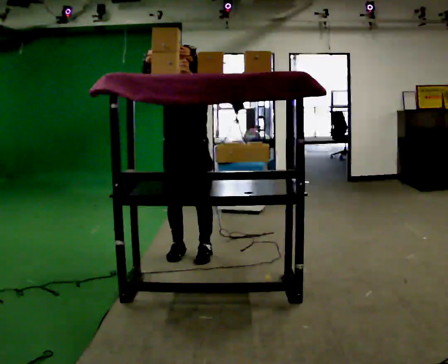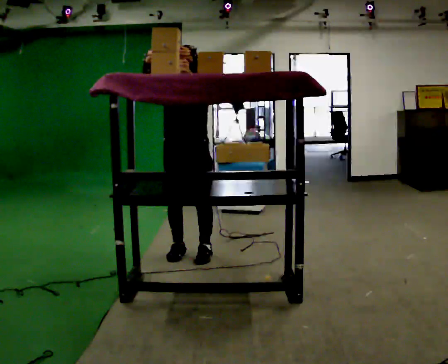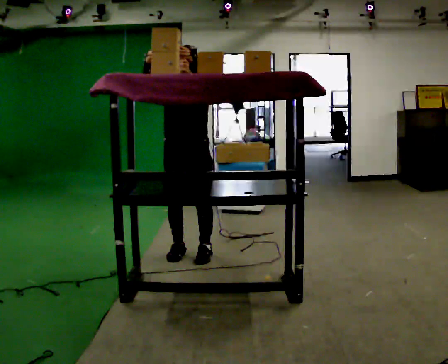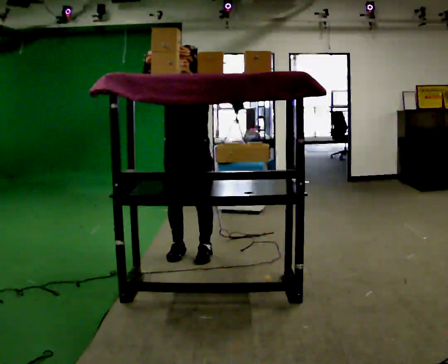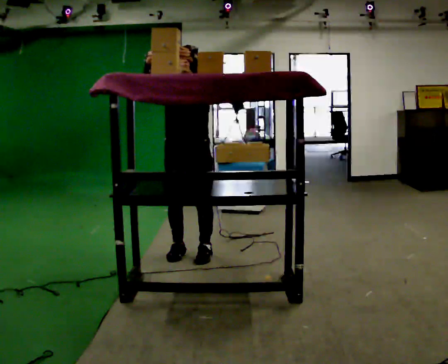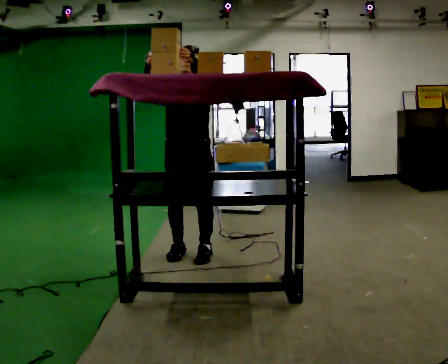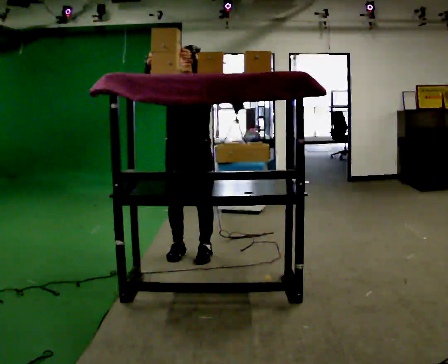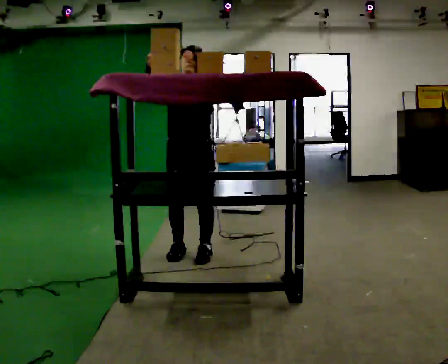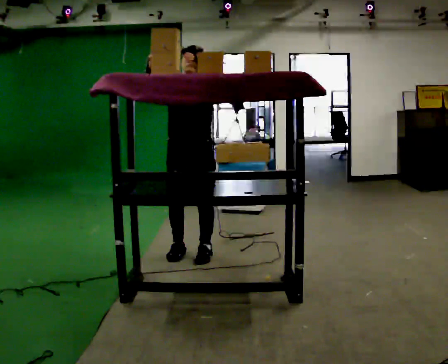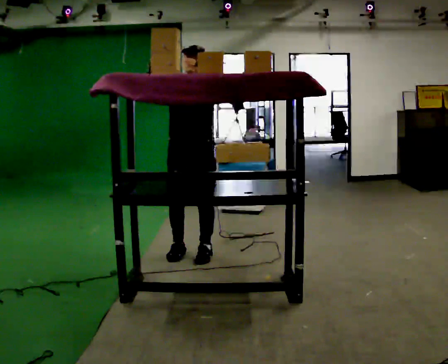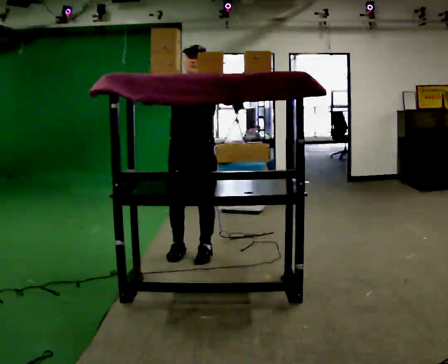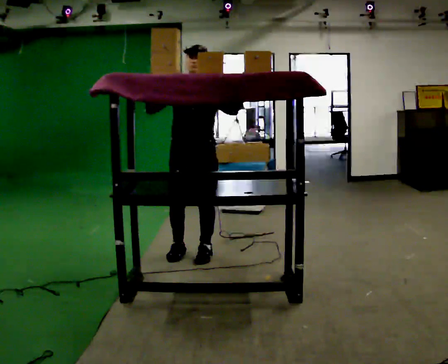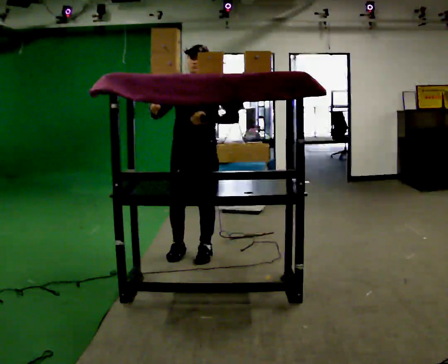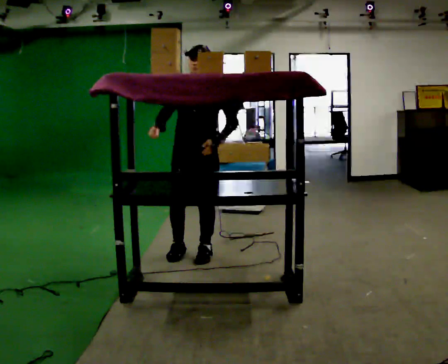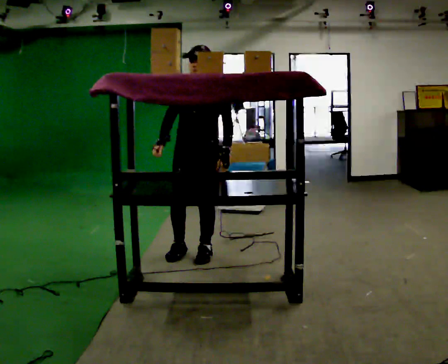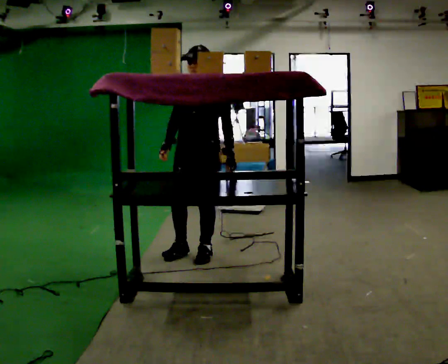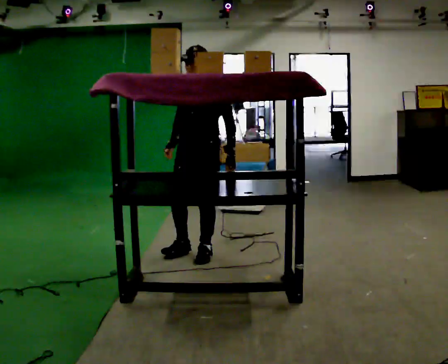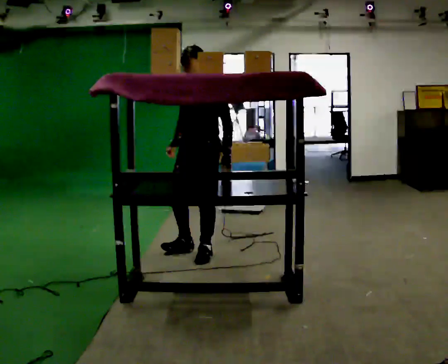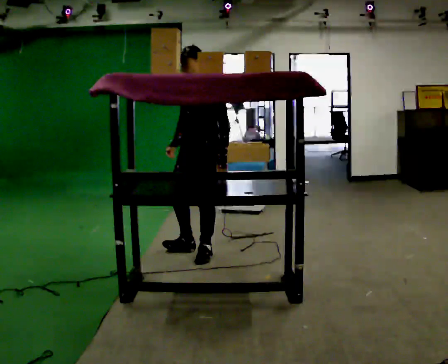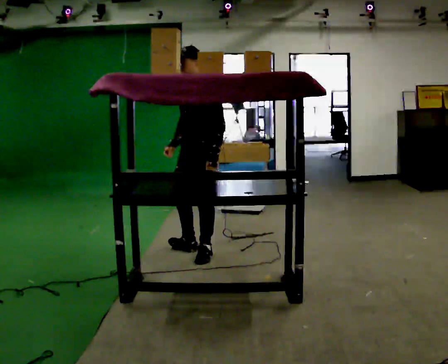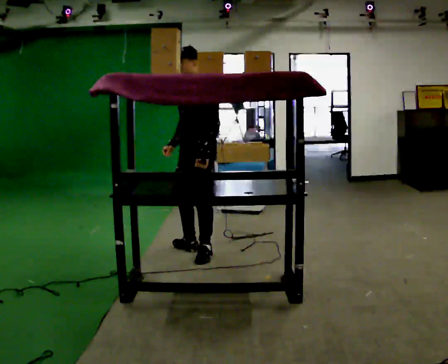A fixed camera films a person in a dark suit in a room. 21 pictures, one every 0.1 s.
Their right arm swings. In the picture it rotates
counterclockwise.
Their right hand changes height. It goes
downward.
0.0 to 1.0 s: The person moves a little, or ends about where they began.
1.0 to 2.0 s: Seen from above the body turns clockwise, about 45 degrees: to their right, with its near side sliding to the left. In the picture their right hand goes downward, the arm swinging counterclockwise.
The film runs forward here.
